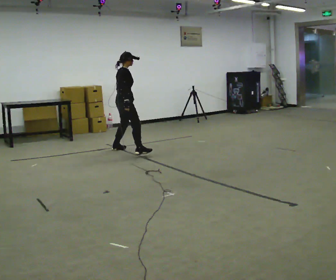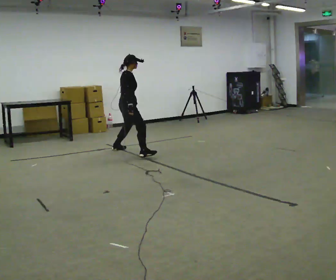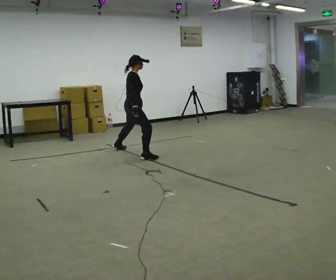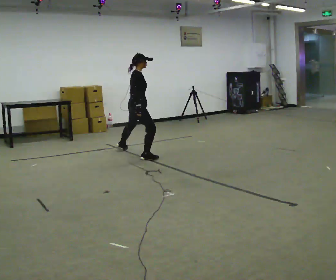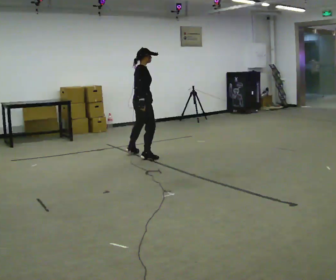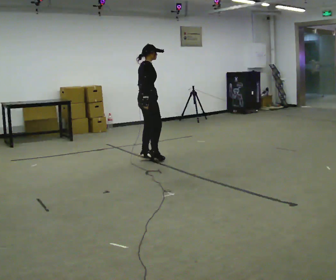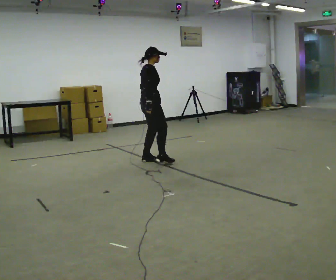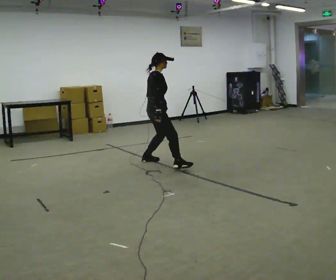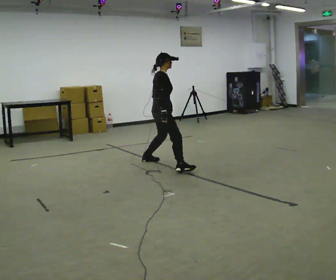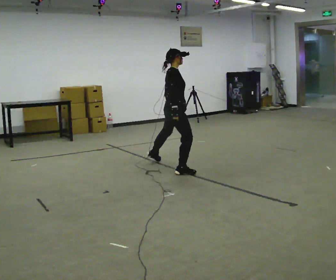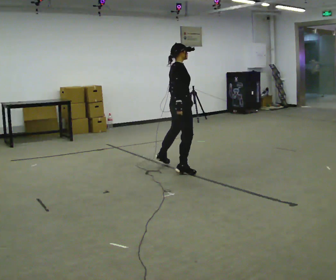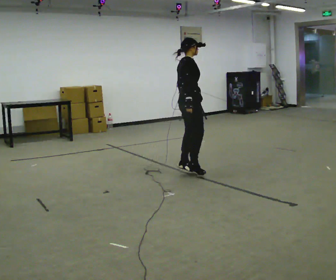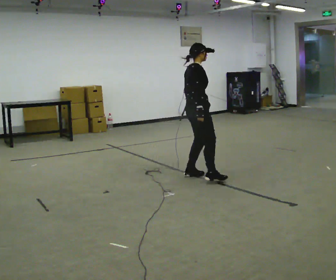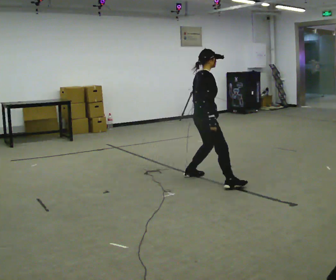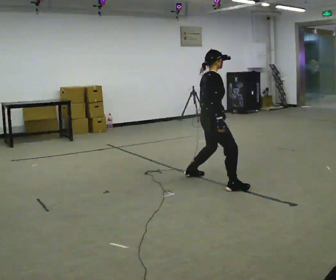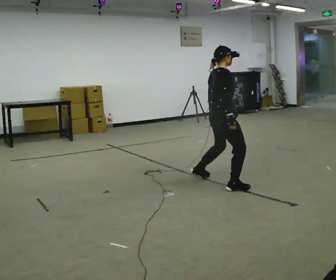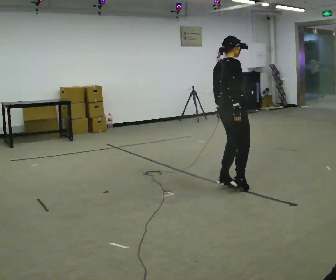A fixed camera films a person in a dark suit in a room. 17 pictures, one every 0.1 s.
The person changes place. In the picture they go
toward the camera.
0.0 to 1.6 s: In the picture they go toward the camera and to the right, about 2.5 m in 4 steps, which for them is to their right.
The film runs forward here.
